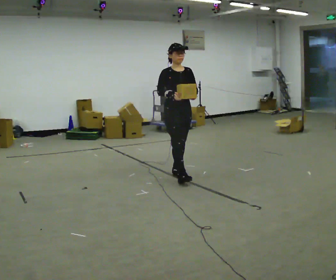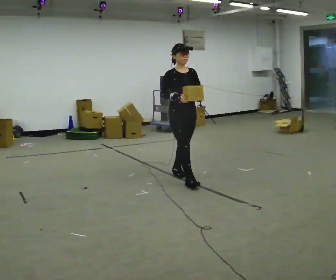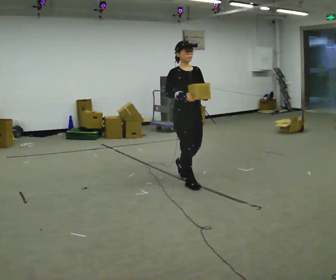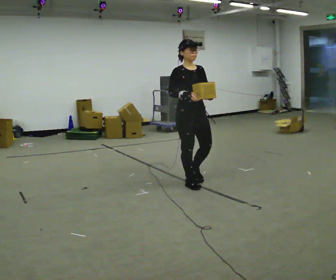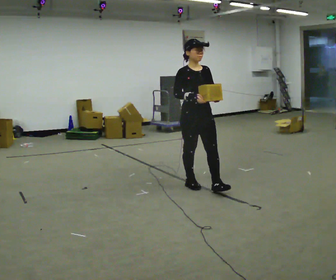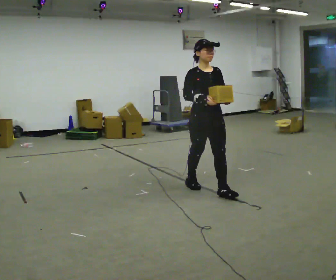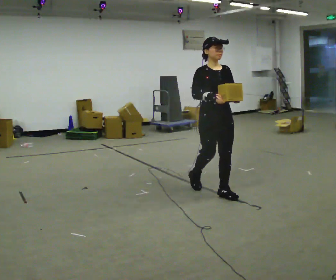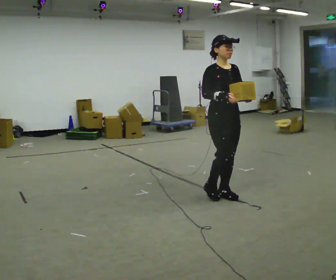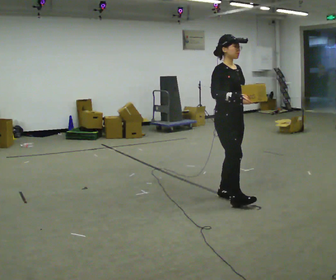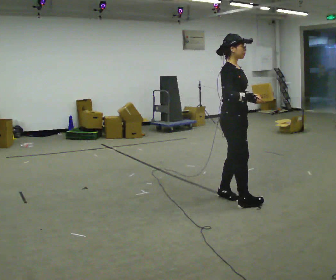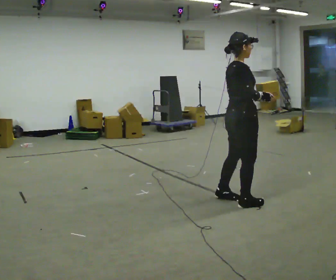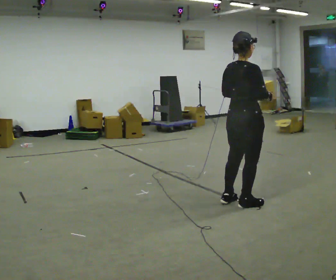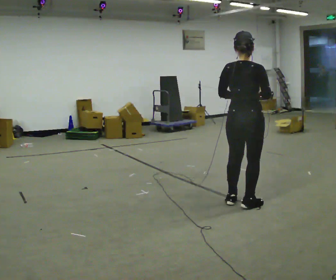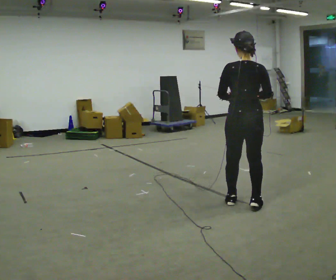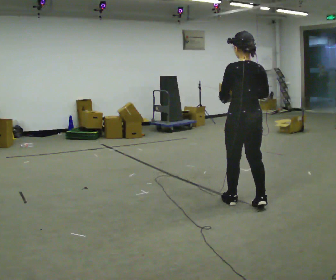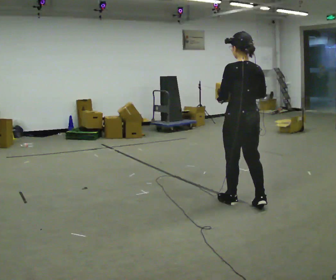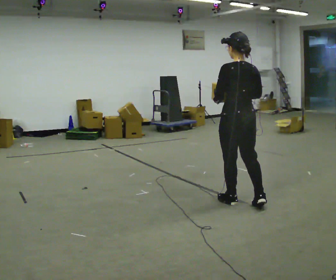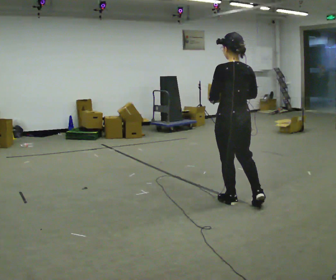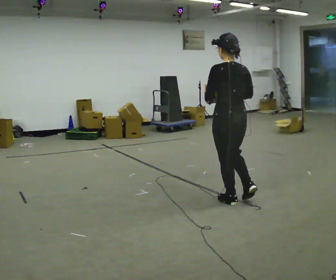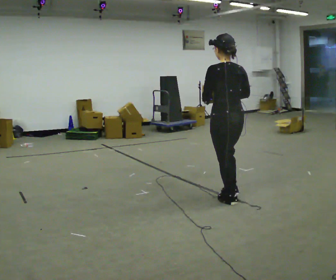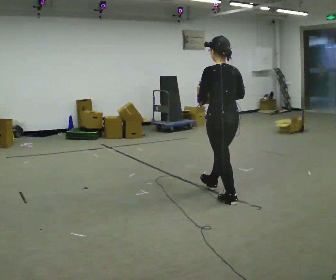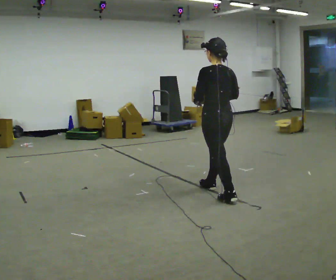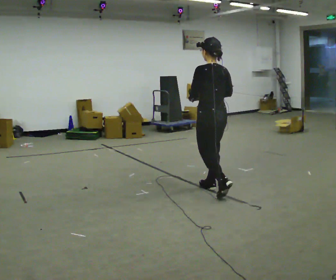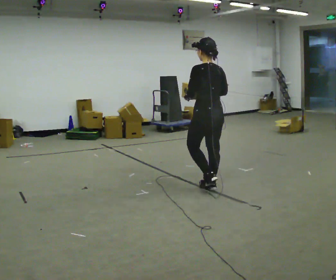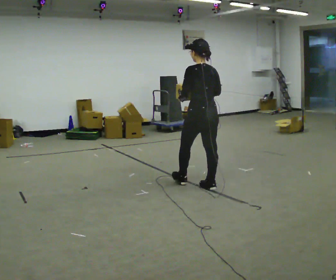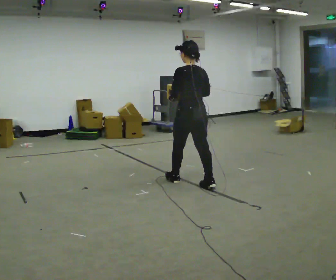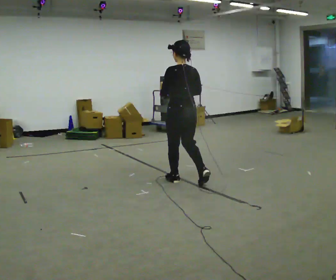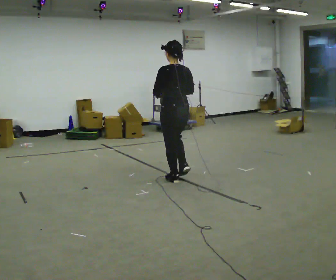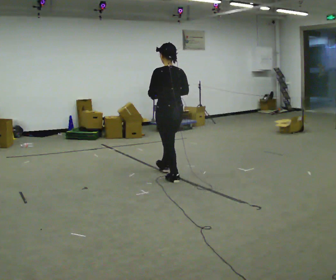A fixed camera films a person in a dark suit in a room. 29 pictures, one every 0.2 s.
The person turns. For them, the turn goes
to their left.
The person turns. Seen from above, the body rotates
counterclockwise.
0.0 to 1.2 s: In the picture they go toward the camera and to the right, about 1 m in 2 steps, which for them is forward.
1.2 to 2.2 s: Seen from above the body turns counterclockwise, about 120 degrees: to their left, with its near side sliding to the right. In the picture they go toward the camera and to the right, about 0.25 m in 2 steps.
2.2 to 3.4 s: The person turns about 60 degrees to their left, counterclockwise seen from above, so the part of the body nearest the lens slides to the right.
3.4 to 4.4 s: In the picture they go away from the camera and to the left, about 0.5 m in 1 step, which for them is forward.
4.4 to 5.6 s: In the picture they go to the left and away from the camera, about 0.5 m in 1 step, which for them is forward.
The film runs forward here.
